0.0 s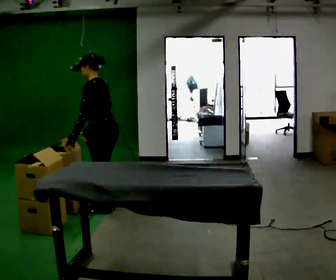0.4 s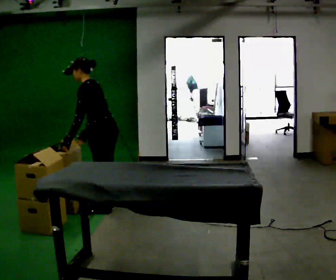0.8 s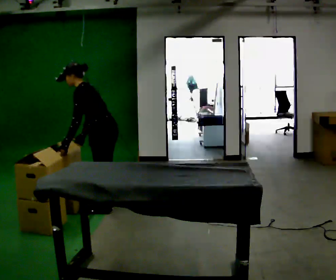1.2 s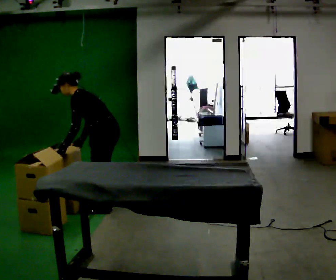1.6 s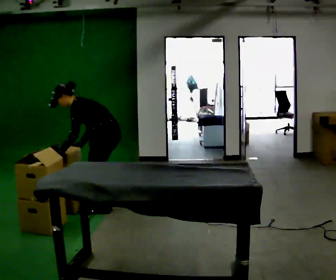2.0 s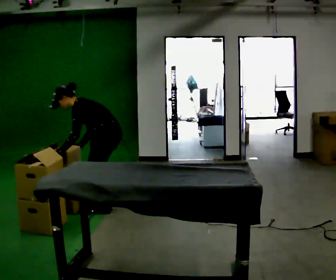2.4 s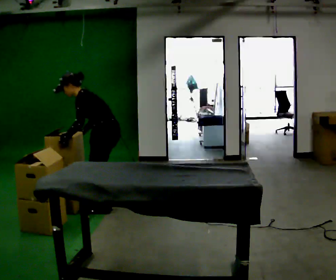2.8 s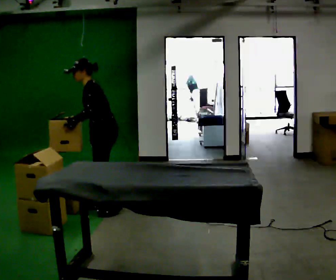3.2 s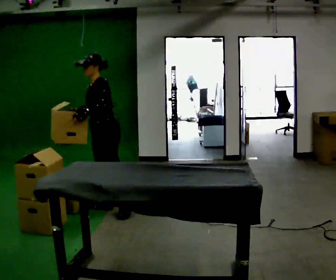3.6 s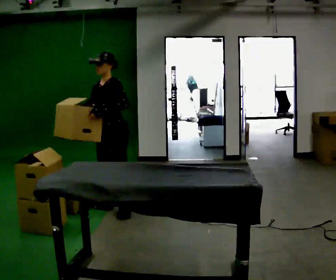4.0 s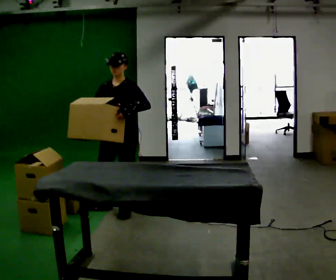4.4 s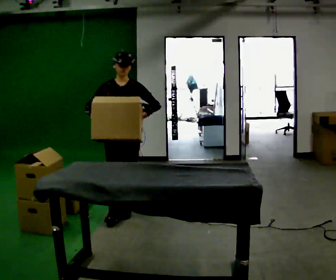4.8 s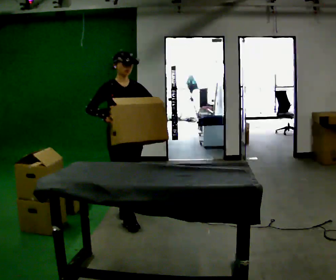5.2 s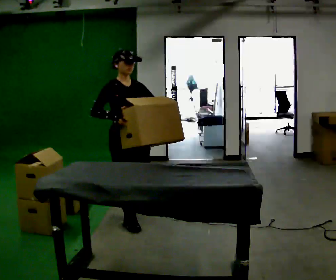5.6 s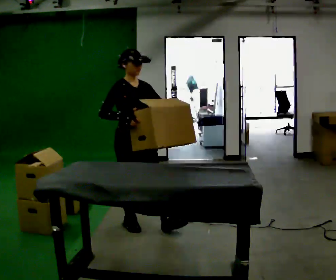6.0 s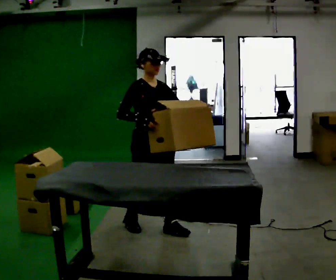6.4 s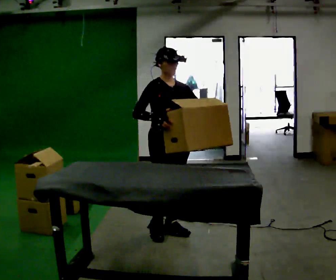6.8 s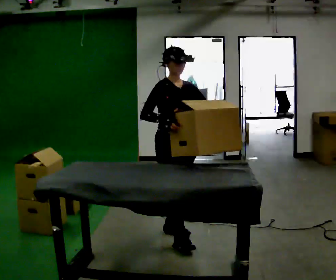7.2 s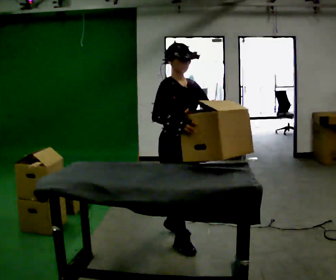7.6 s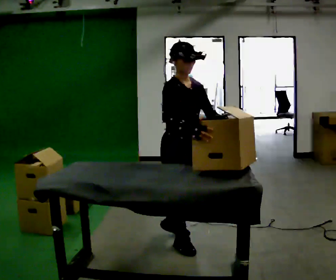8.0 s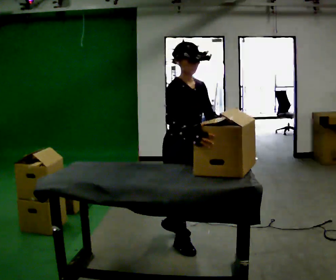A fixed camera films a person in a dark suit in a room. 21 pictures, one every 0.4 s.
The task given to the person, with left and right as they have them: Pick an object up off the floor at one end of the room, carry it across, and place it on the waist-height shelf at the other end. Keep going until the operator says stop; one object at a time, and do not rush between trips.
0.0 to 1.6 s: The upper body goes downward. In the picture the upper body tilts counterclockwise, shoulders to the left, as they bend forward.
1.6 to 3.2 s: The part of the body nearest the lens slides to the right as the person turns to their left by about 30 degrees. The shoulders move upward. In the picture the upper body tilts clockwise, shoulders to the right, as they lean back or straighten. In the picture their right hand goes upward.
3.2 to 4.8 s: Seen from above the body turns counterclockwise, about 90 degrees: to their left, with its near side sliding to the right. In the picture they go toward the camera and to the right, about 0.5 m in 1 step.
4.8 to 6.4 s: In the picture they go toward the camera and to the right, about 0.5 m in 1 step, which for them is forward.
6.4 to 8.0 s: In the picture they go toward the camera, about 0.5 m in 1 step, which for them is forward and to their right.
The film runs forward here.
